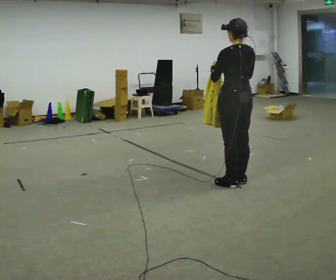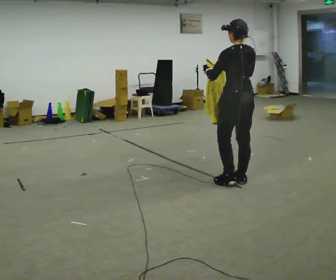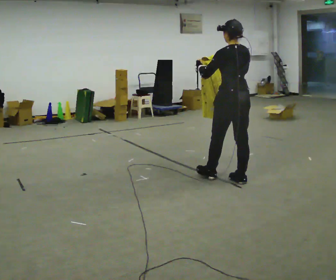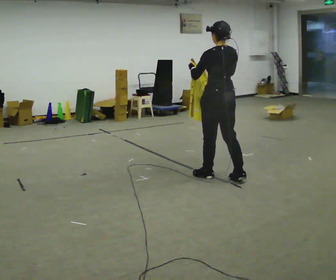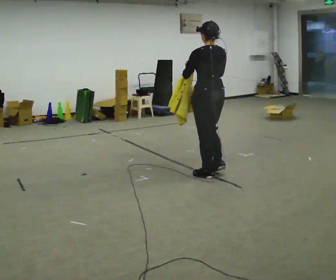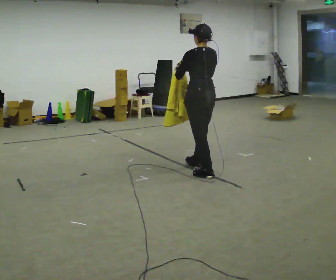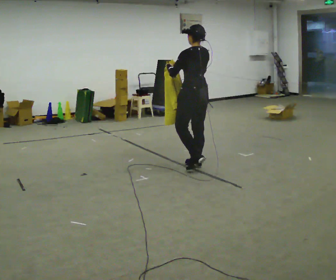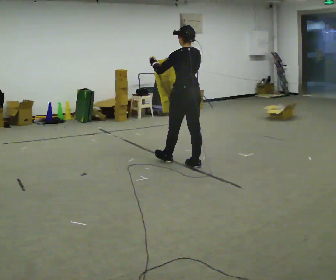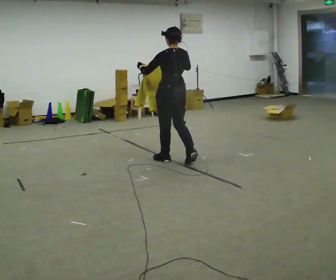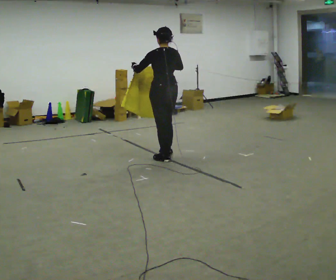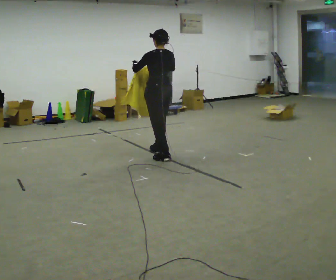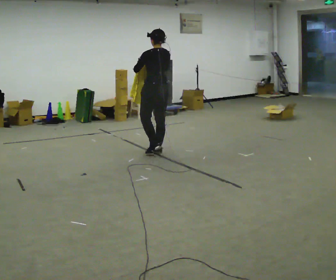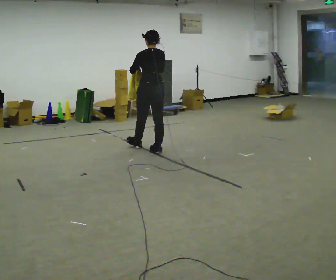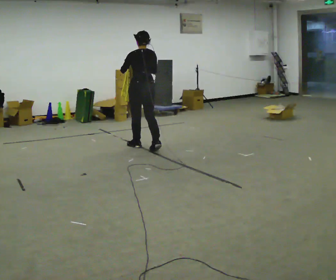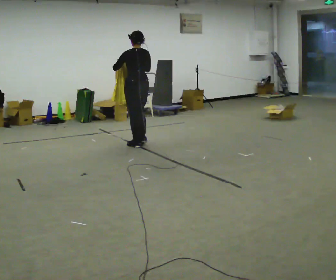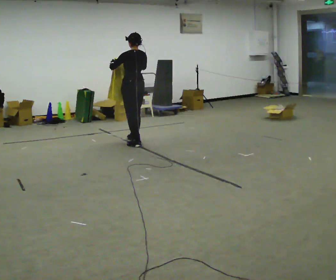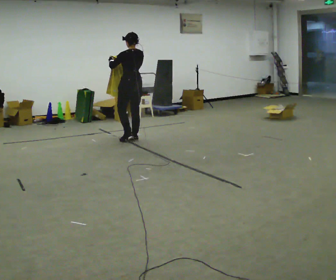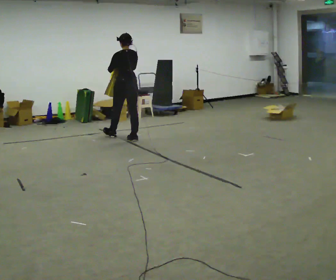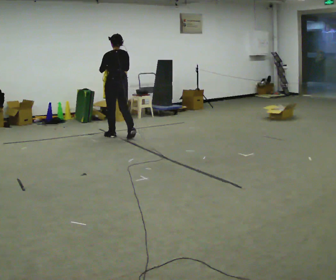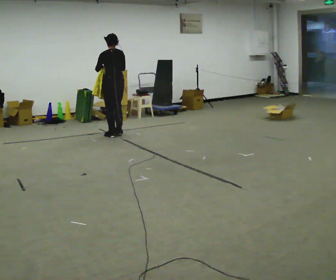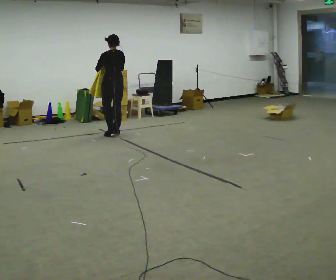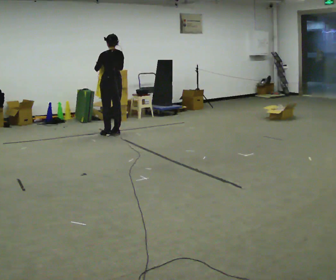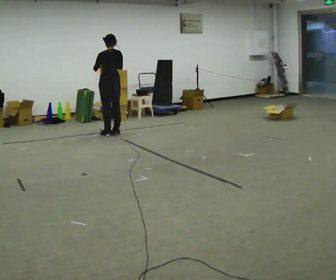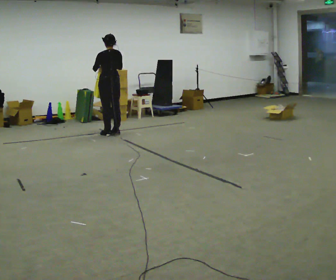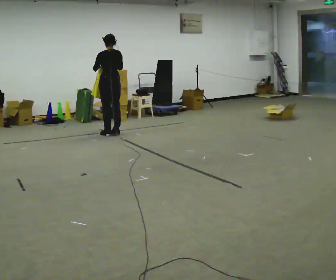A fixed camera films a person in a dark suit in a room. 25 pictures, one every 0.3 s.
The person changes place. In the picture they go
away from the camera.
0.0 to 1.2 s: In the picture they go away from the camera and to the left, about 0.25 m in 1 step, which for them is forward.
1.2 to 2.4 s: In the picture they go away from the camera and to the left, about 0.75 m in 2 steps, which for them is forward.
2.4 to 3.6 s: In the picture they go away from the camera and to the left, about 0.5 m in 1 step, which for them is forward.
3.6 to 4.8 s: In the picture they go away from the camera and to the left, about 0.75 m in 2 steps, which for them is forward.
4.8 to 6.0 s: In the picture they go away from the camera and to the left, about 0.5 m in 2 steps, which for them is forward.
6.0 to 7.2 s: The person moves a little, or ends about where they began.
The film runs forward here.
